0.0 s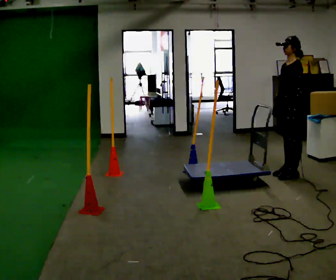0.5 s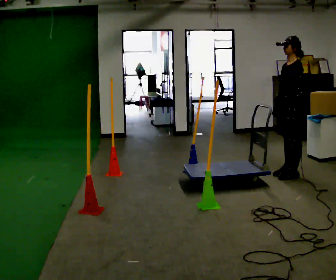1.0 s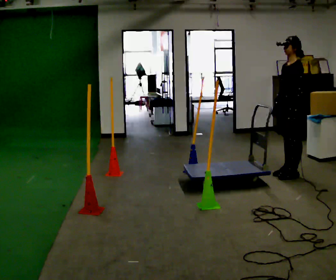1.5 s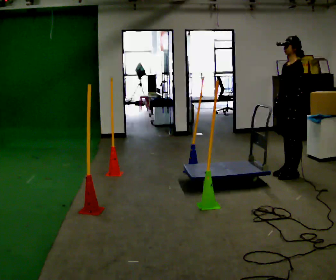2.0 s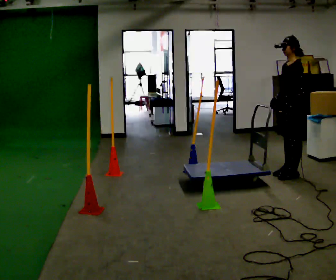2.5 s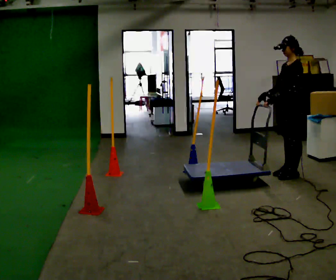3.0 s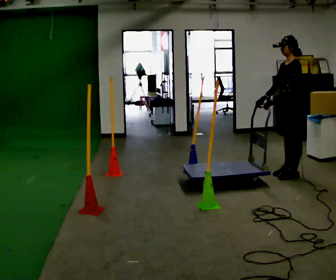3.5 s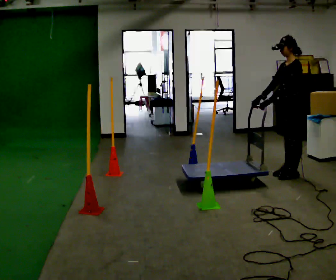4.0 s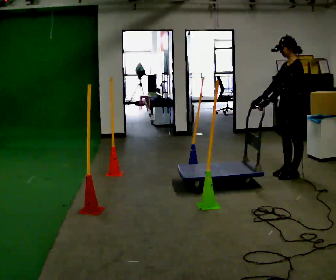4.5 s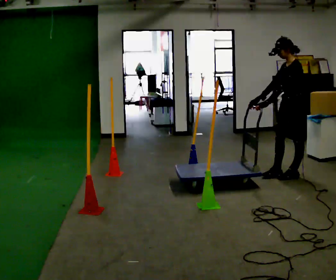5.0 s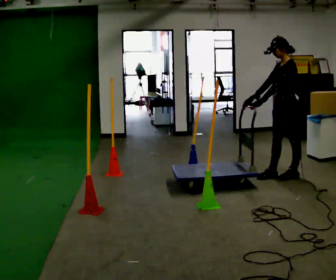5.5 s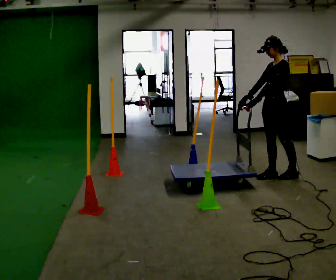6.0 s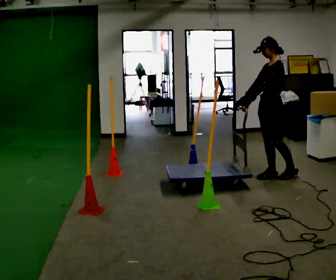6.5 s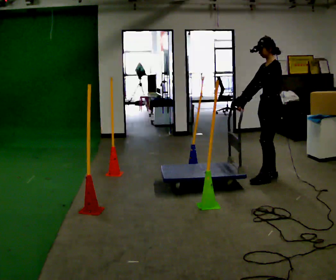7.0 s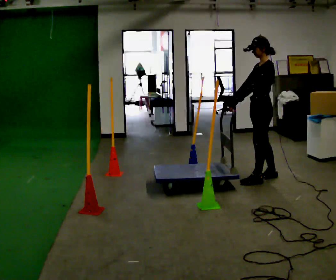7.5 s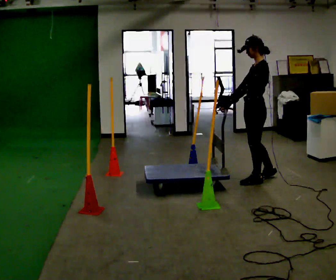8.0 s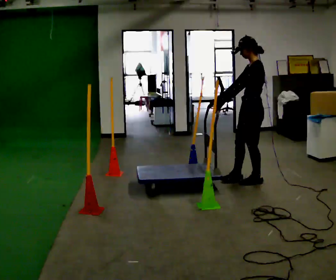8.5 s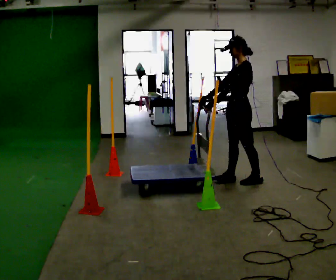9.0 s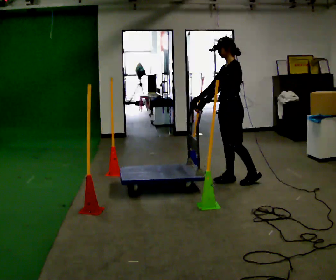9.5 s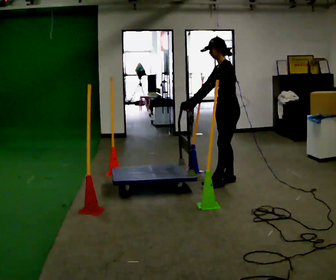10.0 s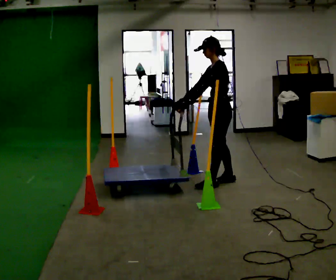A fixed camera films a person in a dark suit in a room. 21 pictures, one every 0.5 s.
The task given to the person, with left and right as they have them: Push the cart in and out of the line of poles without touching any of them. Keep going until the operator says stop.
0.0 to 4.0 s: The person moves a little, or ends about where they began.
4.0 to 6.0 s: In the picture they go to the left, about 0.25 m in 1 step, which for them is forward.
6.0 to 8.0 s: In the picture they go toward the camera and to the left, about 0.25 m in 1 step, which for them is forward and to their left.
8.0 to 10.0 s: In the picture they go to the left, about 0.25 m in 2 steps, which for them is forward.
The film runs forward here.
